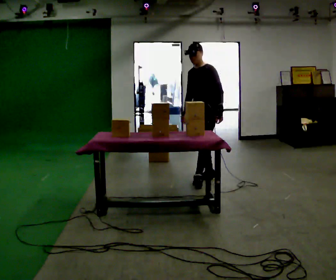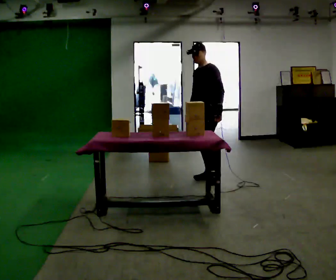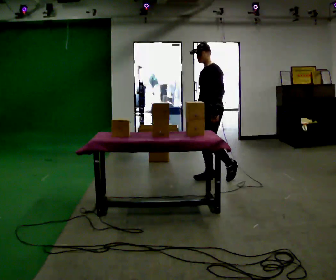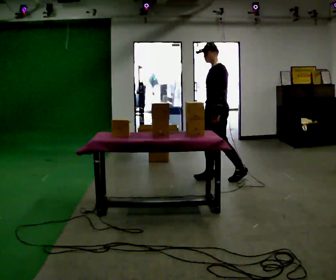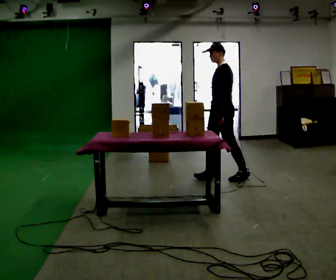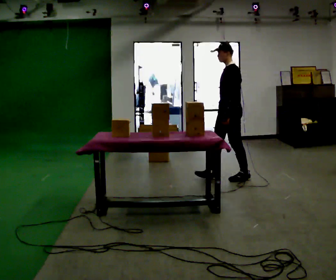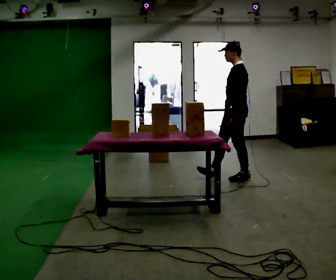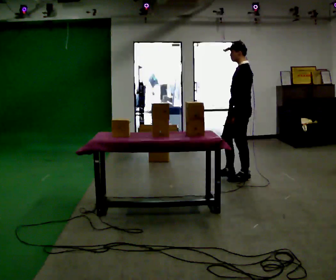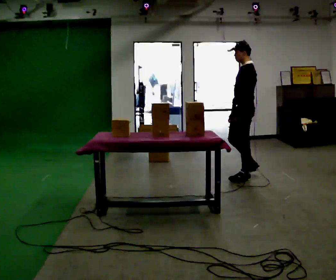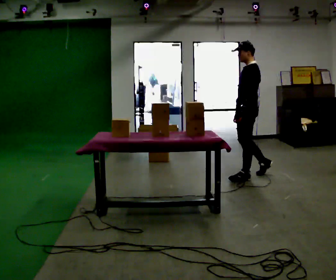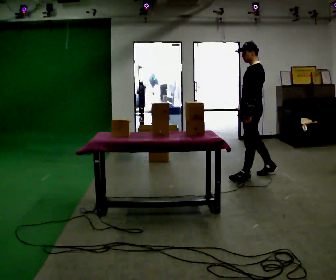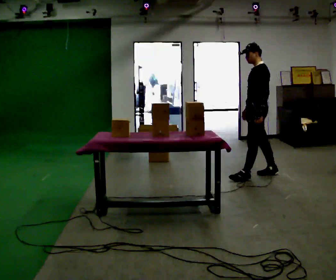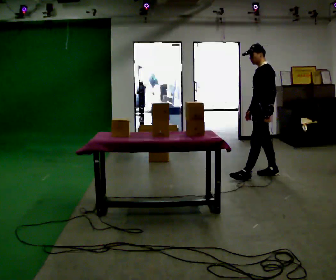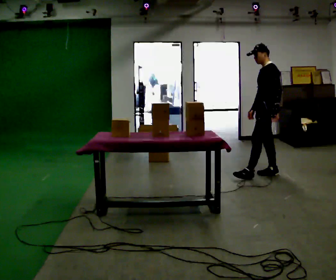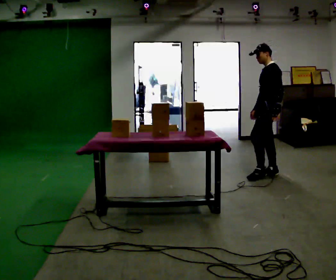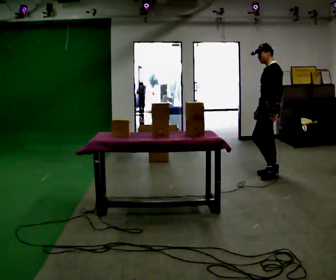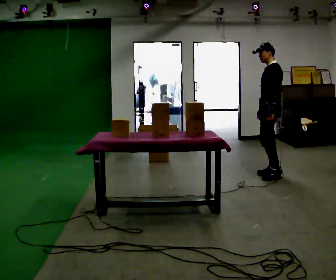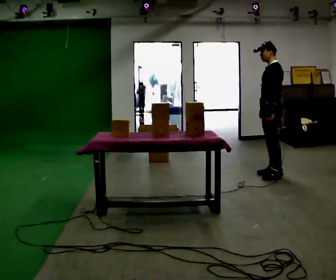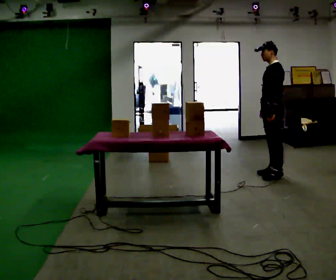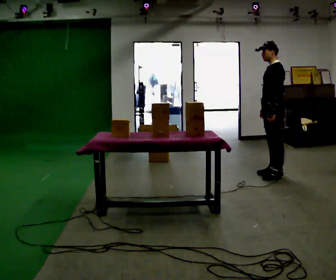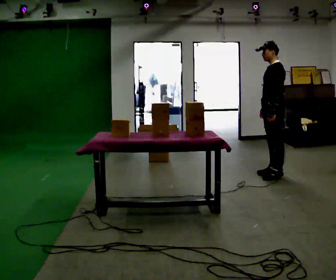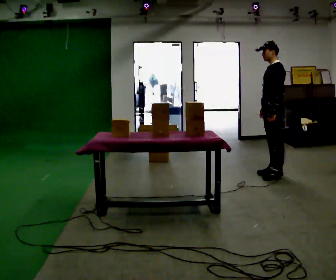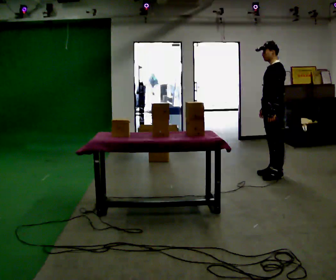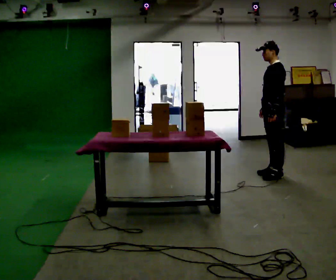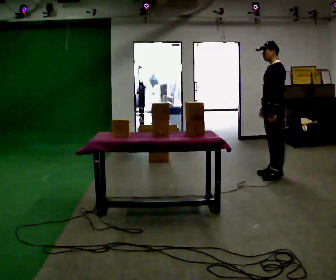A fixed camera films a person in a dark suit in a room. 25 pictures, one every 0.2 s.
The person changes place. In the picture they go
to the right.
0.0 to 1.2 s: The part of the body nearest the lens slides to the left as the person turns to their right by about 30 degrees. In the picture they go to the right, about 0.5 m in 1 step, which for them is backward and to their left.
1.2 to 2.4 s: In the picture they go to the right and away from the camera, about 0.5 m, which for them is backward and to their right.
2.4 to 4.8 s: The person moves a little, or ends about where they began.
The film runs backward here.
